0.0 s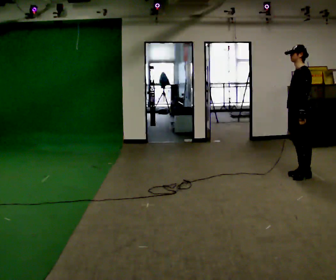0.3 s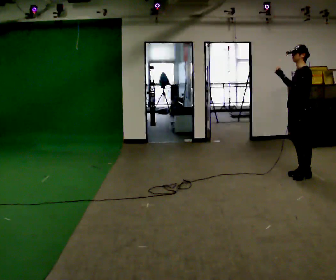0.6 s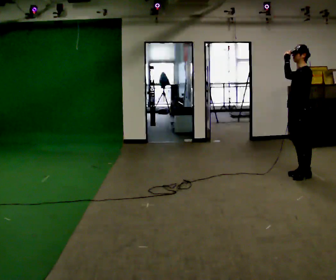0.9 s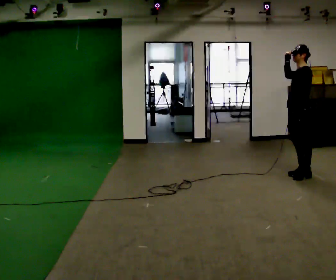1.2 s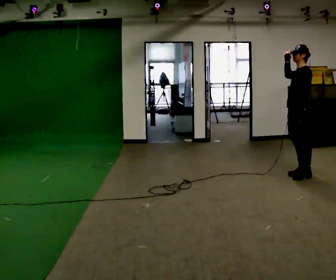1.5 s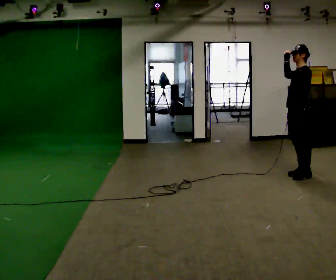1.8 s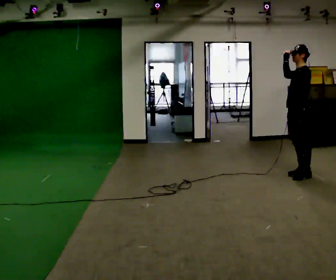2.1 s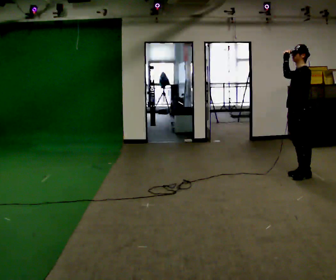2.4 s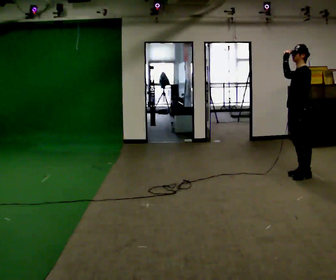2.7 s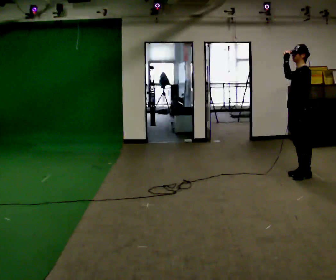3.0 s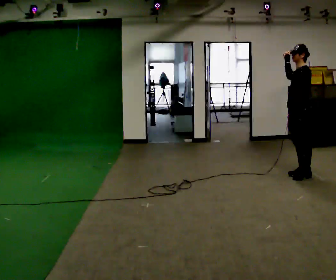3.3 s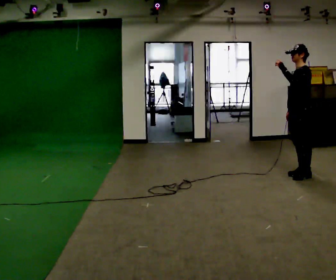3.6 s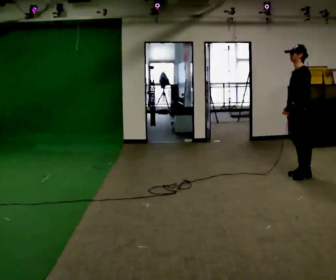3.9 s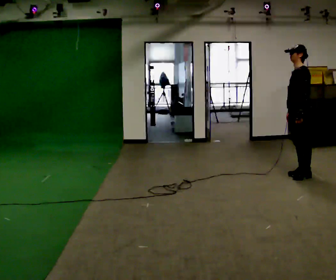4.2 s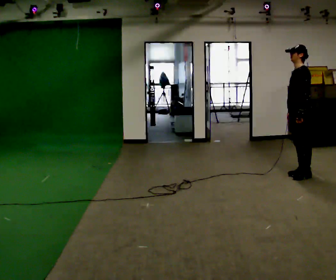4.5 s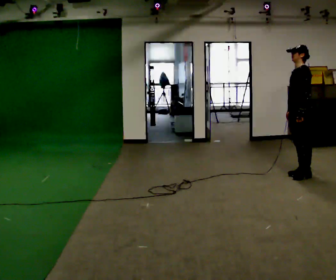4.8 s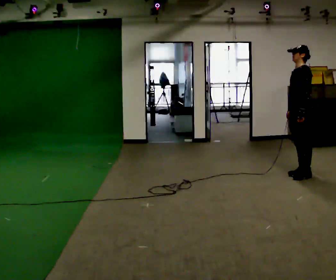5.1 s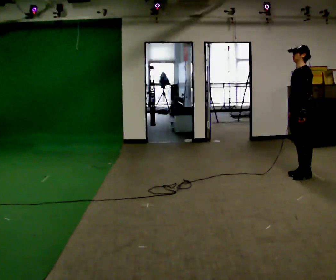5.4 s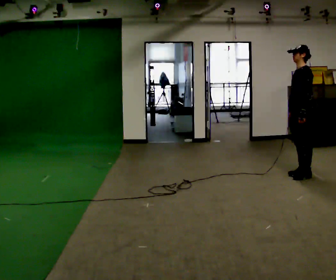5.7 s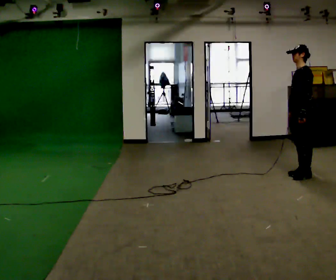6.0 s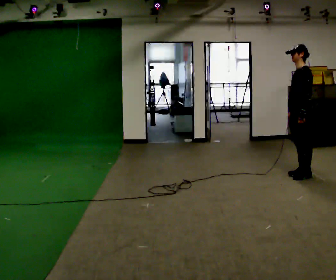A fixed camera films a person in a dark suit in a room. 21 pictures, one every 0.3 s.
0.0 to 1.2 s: In the picture their left hand goes upward.
1.2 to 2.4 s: The person keeps their place and pose.
2.4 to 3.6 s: In the picture their left hand goes downward.
3.6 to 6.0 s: The person moves a little, or ends about where they began.
The film runs backward here.
